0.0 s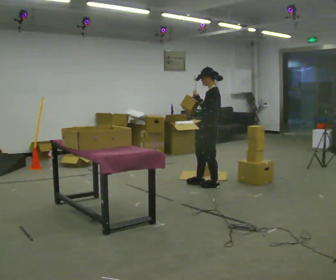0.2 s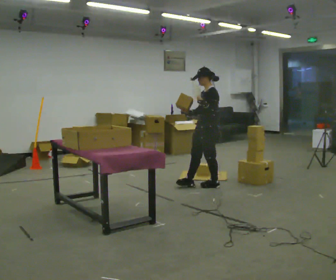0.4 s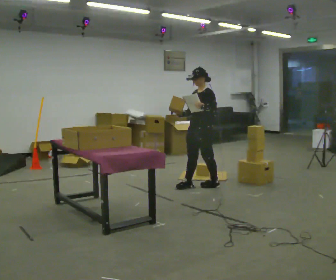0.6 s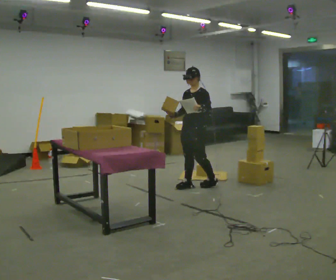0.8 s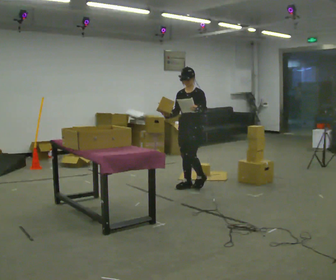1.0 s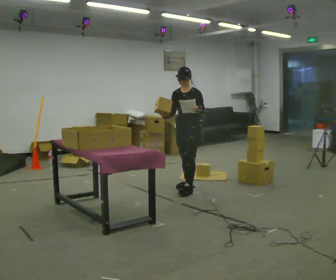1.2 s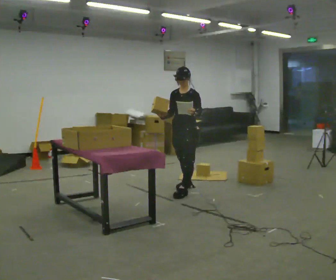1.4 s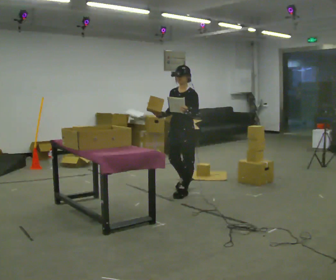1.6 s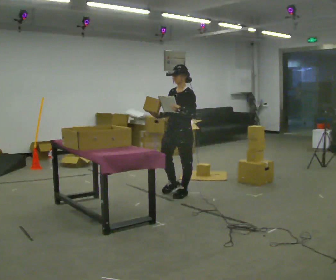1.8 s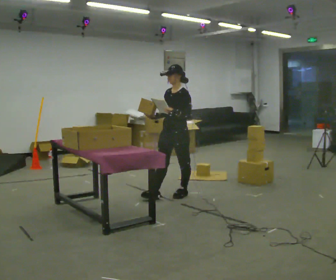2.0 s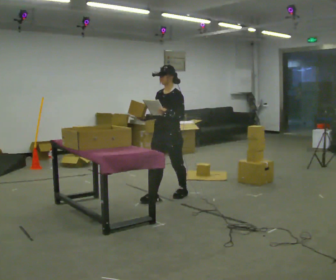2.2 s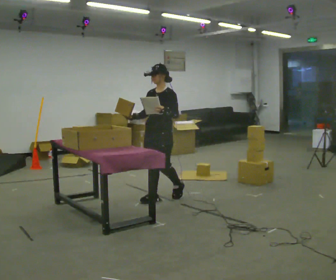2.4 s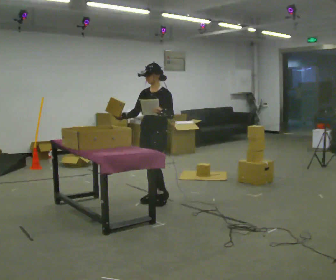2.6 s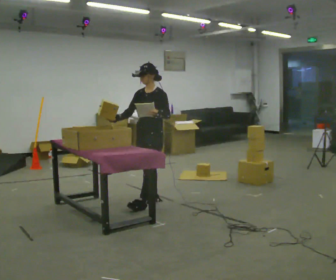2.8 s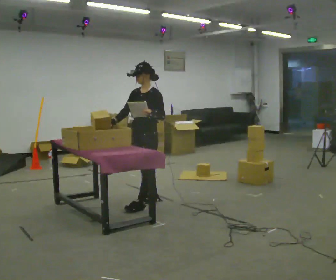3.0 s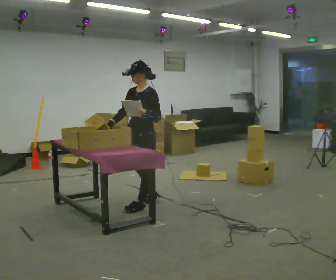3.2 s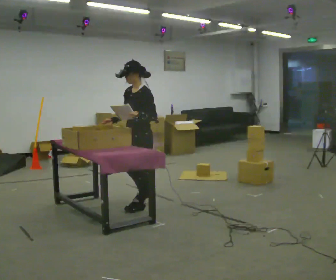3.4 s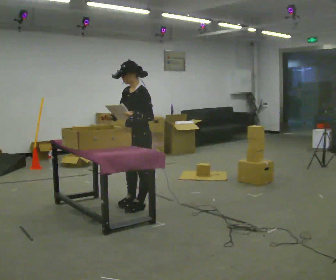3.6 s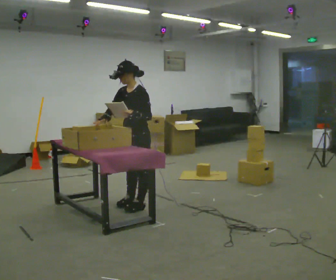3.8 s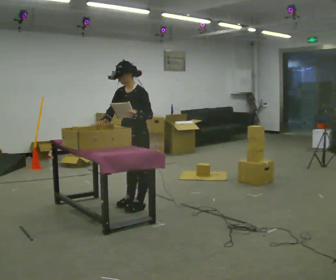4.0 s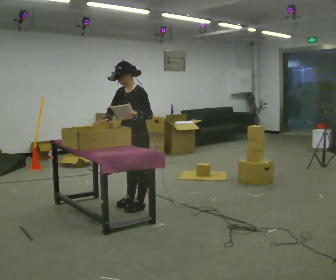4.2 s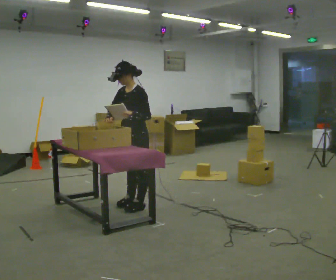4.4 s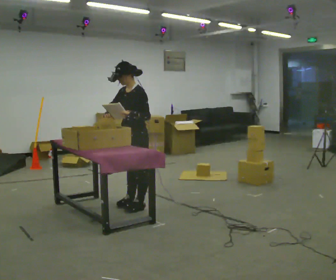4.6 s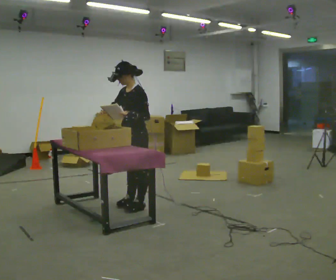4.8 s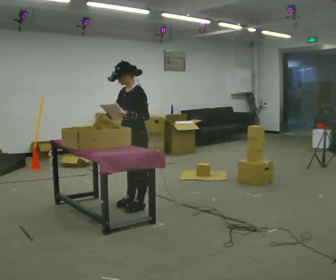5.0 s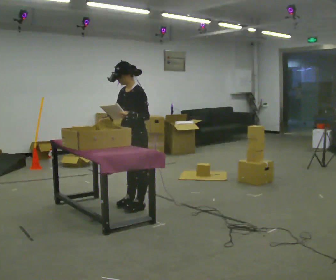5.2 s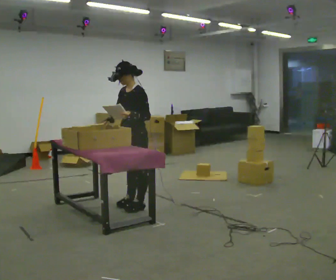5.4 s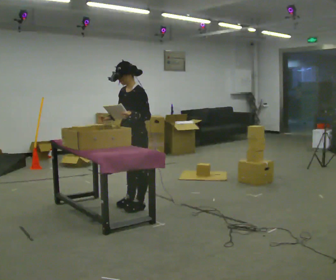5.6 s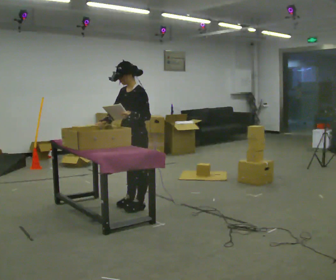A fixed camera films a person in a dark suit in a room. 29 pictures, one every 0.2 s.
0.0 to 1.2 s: The person turns about 60 degrees to their left, counterclockwise seen from above, so the part of the body nearest the lens slides to the right. In the picture they go to the left, about 0.25 m in 2 steps.
1.2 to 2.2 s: In the picture they go toward the camera and to the left, about 0.5 m in 1 step, which for them is forward.
2.2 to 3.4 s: Seen from above the body turns clockwise, about 30 degrees: to their right, with its near side sliding to the left. In the picture they go toward the camera and to the left, about 0.5 m in 1 step, which for them is forward.
3.4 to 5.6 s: The person moves a little, or ends about where they began.
The film runs forward here.
